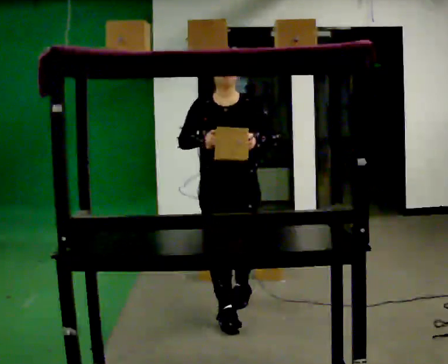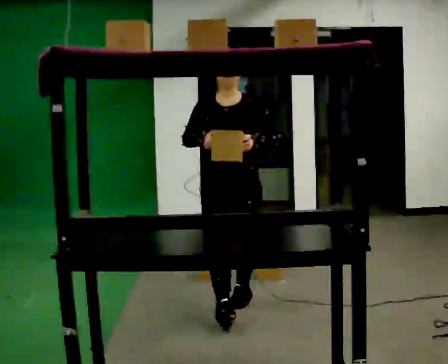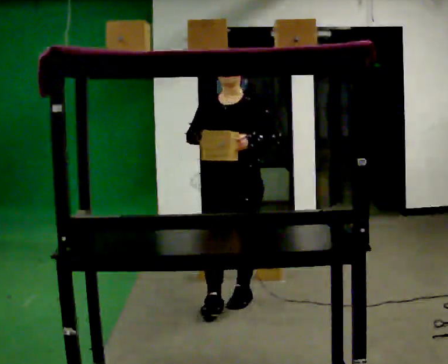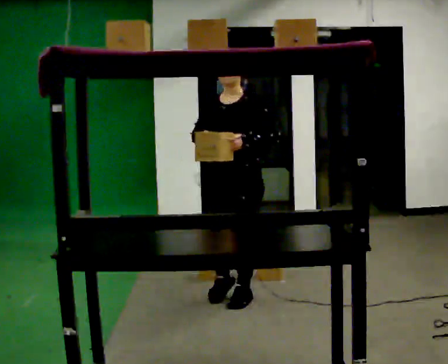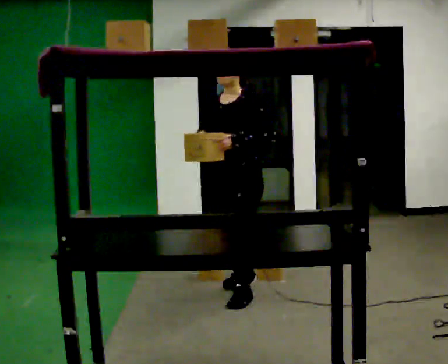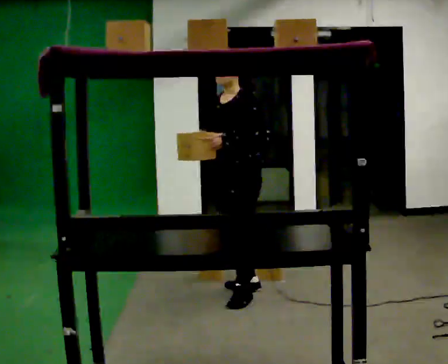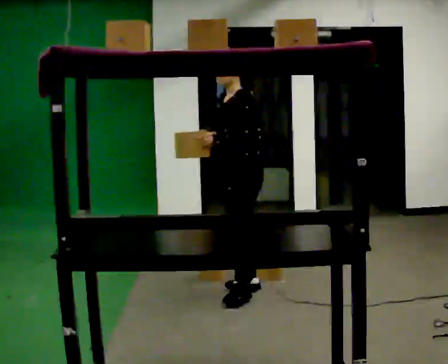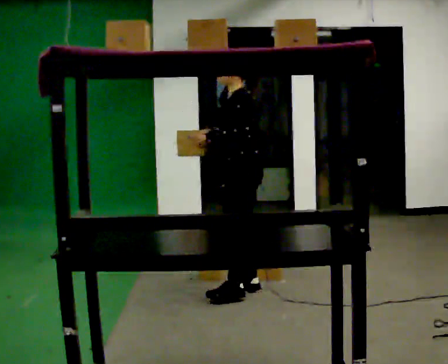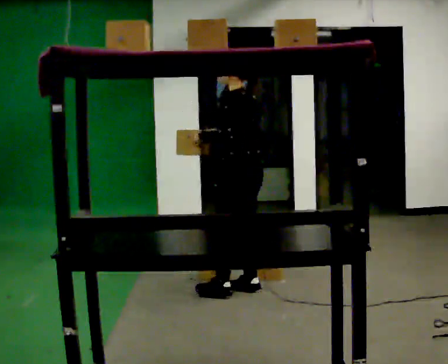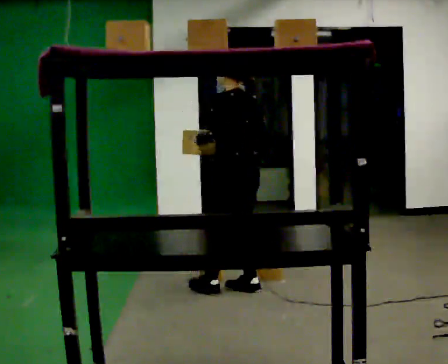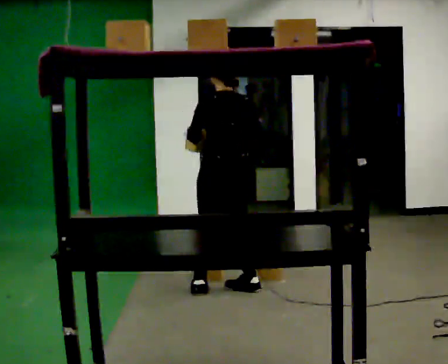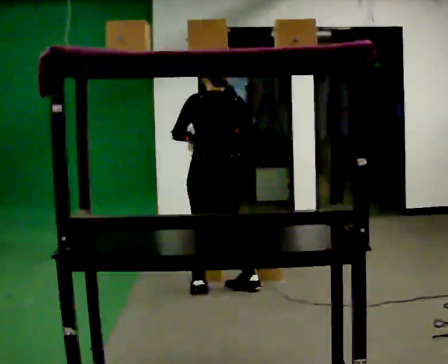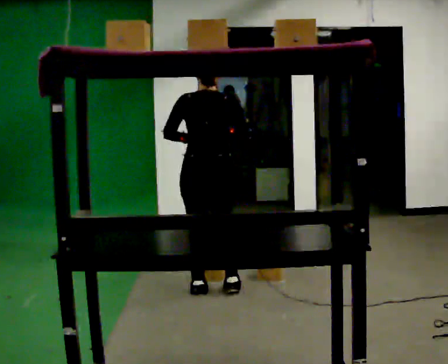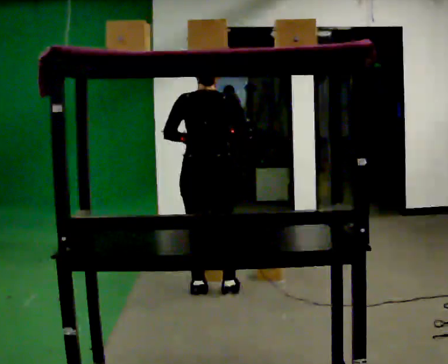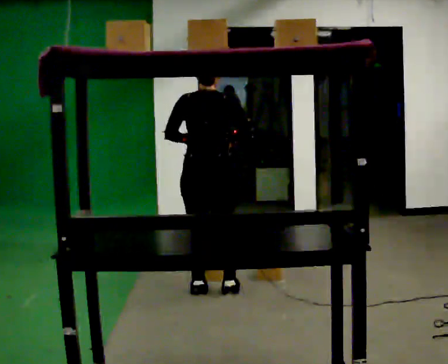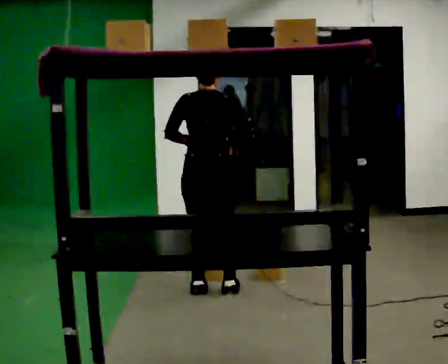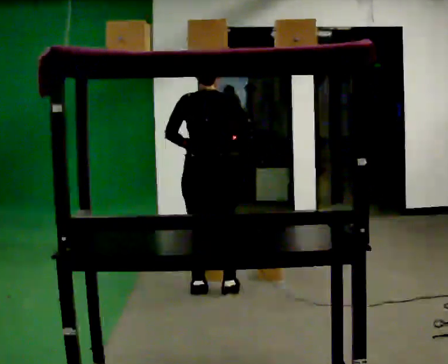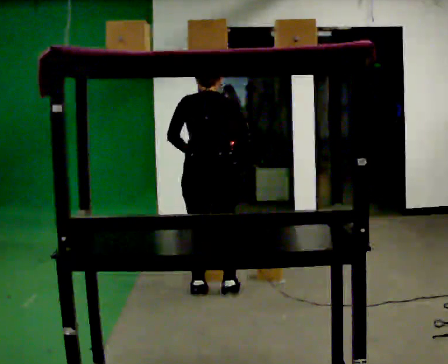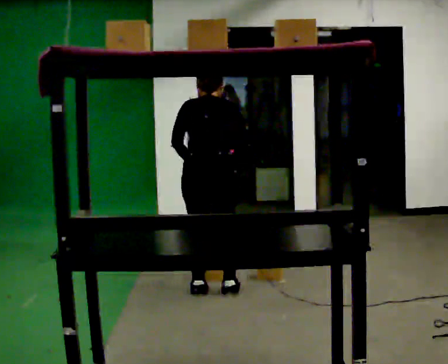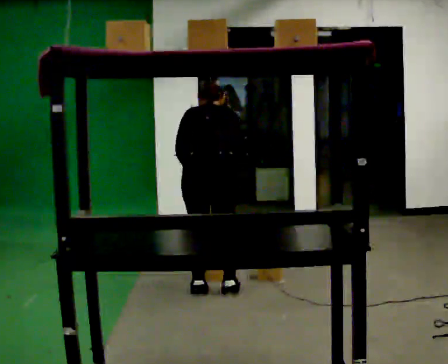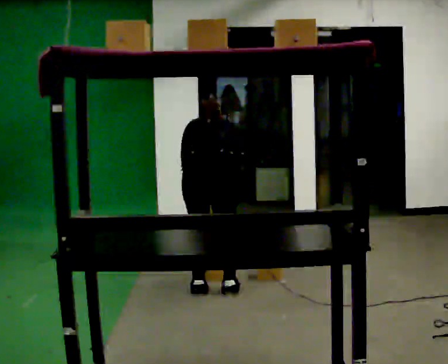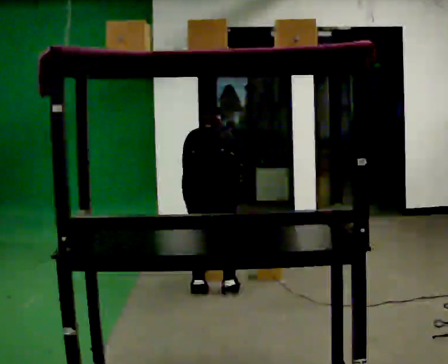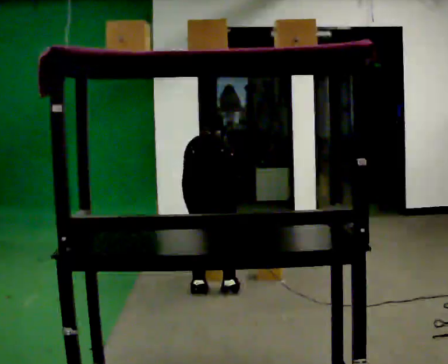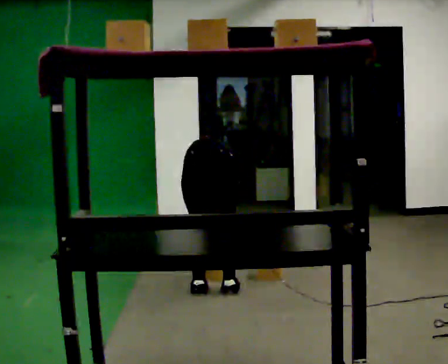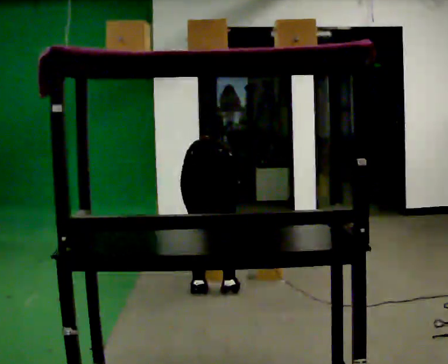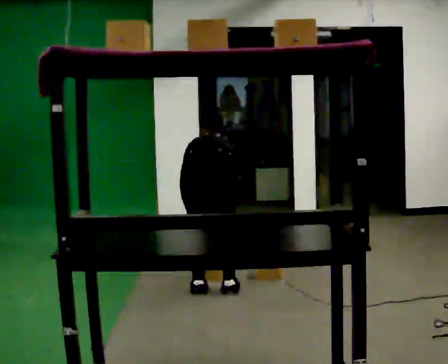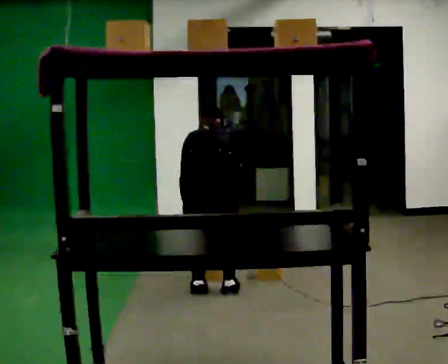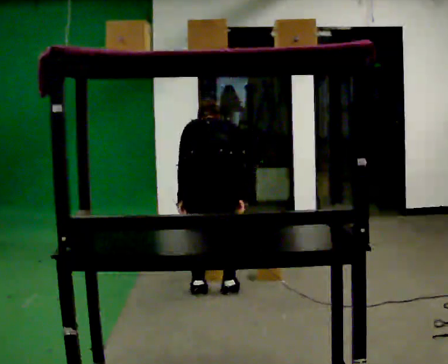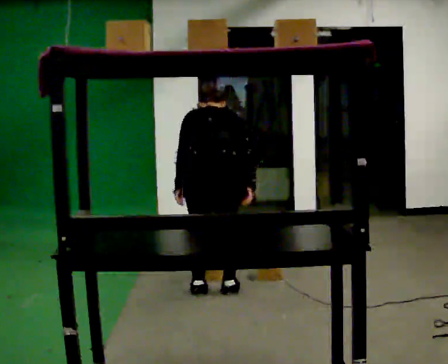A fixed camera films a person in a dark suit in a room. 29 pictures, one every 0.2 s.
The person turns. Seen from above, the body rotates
clockwise.
The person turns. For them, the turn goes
to their right.
0.0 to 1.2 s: Seen from above the body turns clockwise, about 75 degrees: to their right, with its near side sliding to the left. In the picture they go away from the camera, about 0.5 m in 1 step.
1.2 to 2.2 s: The part of the body nearest the lens slides to the left as the person turns to their right by about 90 degrees. In the picture they go to the left, about 0.25 m in 1 step.
2.2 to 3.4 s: The person moves a little, or ends about where they began.
3.4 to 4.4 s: The upper body goes downward. The upper body tips away from the camera, its near side rolling upward, as they bend forward. In the picture their left hand goes downward.
4.4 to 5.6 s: The person moves a little, or ends about where they began.
The film runs backward here.
